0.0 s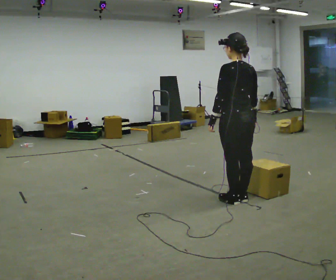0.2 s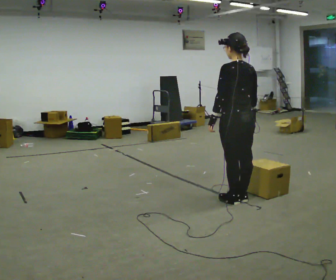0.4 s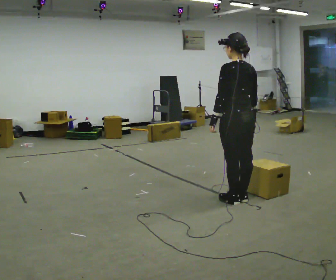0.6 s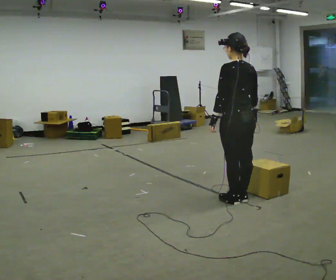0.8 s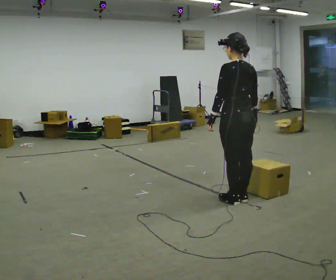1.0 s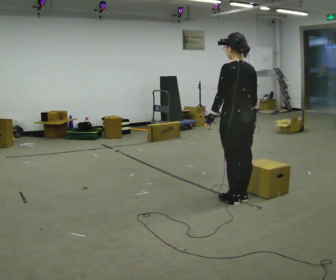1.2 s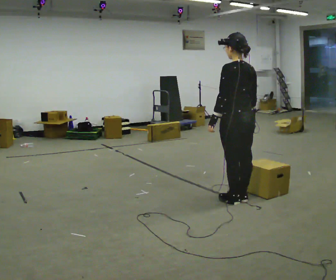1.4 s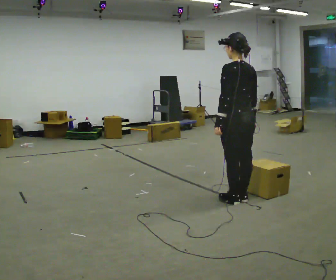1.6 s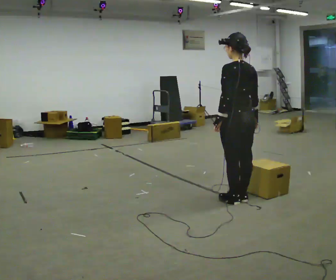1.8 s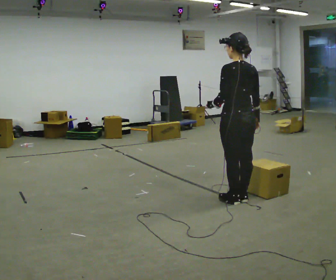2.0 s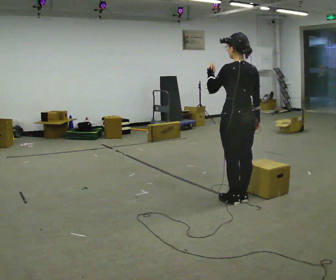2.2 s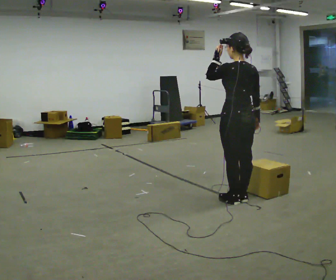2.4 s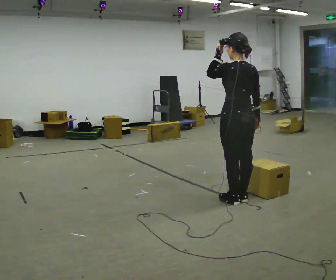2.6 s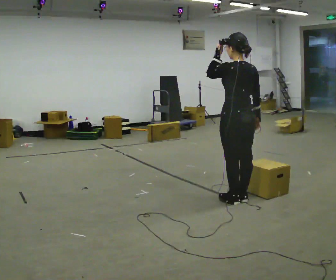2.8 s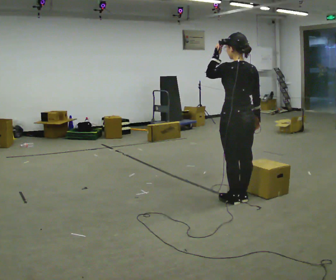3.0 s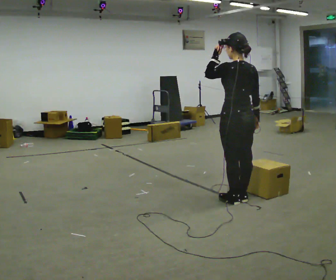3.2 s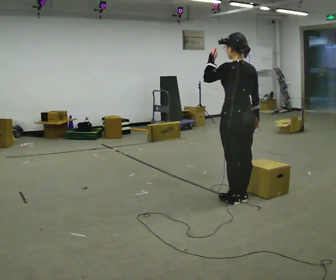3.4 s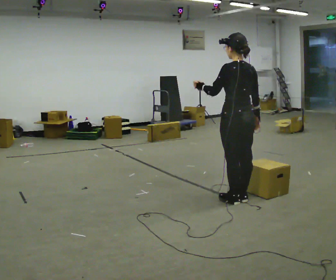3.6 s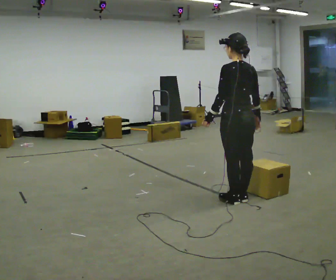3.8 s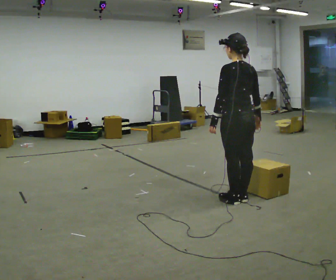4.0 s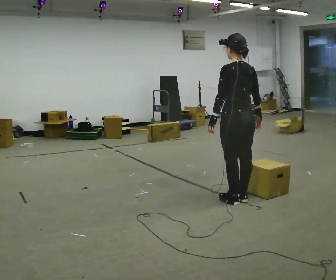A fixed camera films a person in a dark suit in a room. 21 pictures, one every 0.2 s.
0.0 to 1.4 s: The person moves a little, or ends about where they began.
1.4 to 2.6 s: In the picture their left hand goes upward.
2.6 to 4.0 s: In the picture their left hand goes downward.
The film runs backward here.
